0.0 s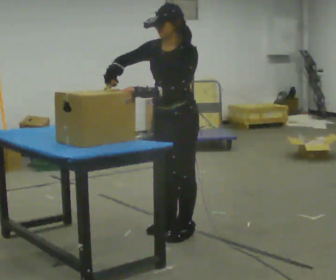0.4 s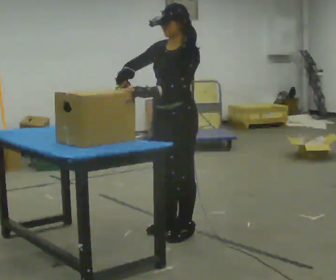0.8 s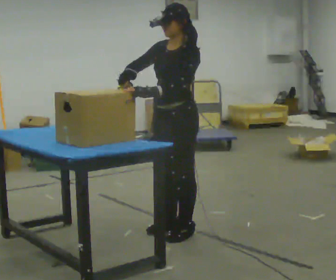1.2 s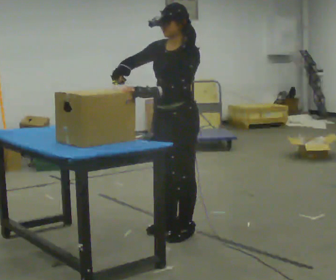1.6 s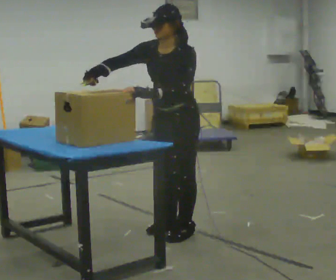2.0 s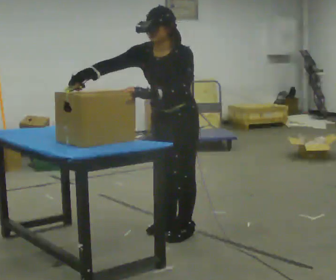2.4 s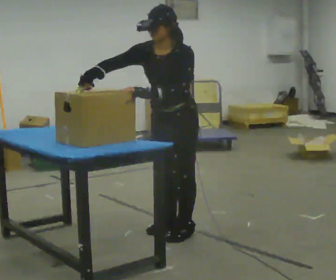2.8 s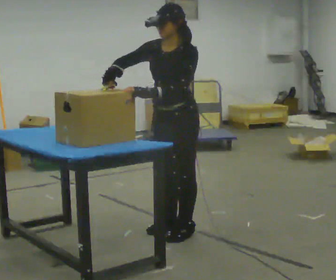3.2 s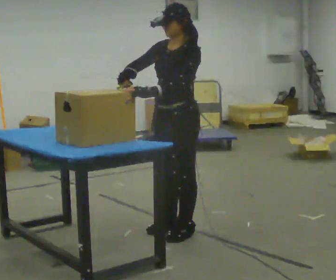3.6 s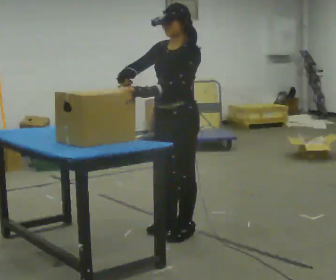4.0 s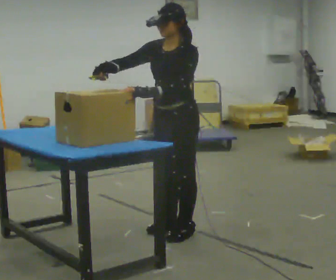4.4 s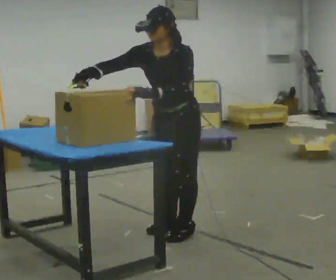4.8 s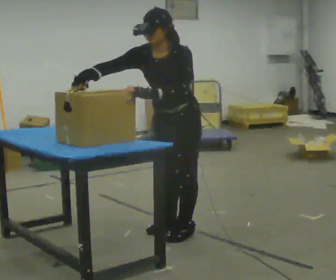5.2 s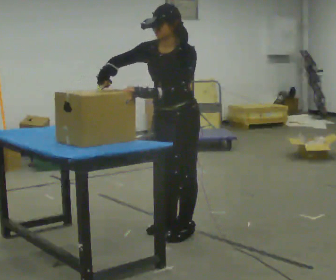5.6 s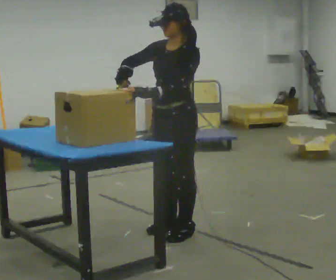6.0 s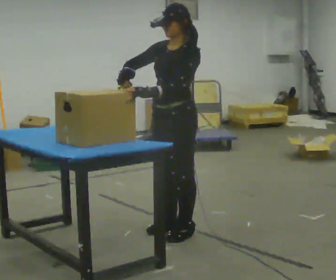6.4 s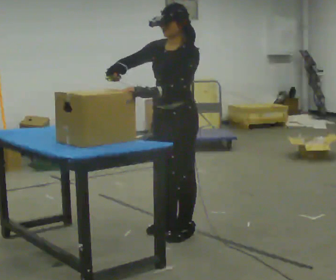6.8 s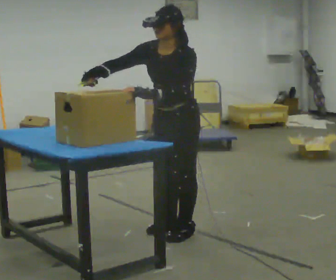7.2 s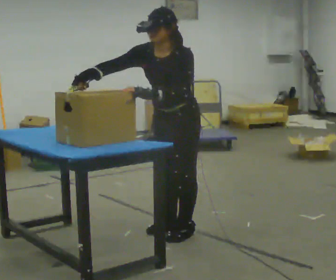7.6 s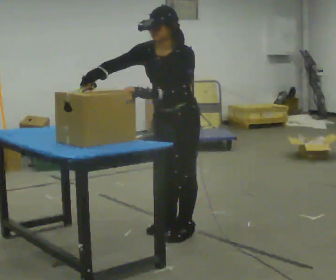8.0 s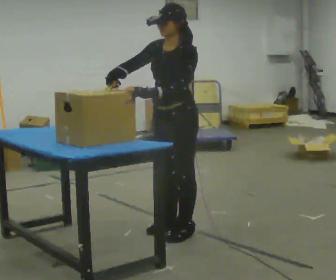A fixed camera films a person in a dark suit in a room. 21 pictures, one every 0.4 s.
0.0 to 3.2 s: The person moves a little, or ends about where they began.
3.2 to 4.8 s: The upper body tips toward the camera, its near side rolling downward, as they bend forward.
4.8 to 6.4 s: The upper body tips away from the camera, its near side rolling upward, as they lean back or straighten.
6.4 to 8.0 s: The person moves a little, or ends about where they began.
The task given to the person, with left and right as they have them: Use the blunt tool to cut along the marked line on the block. Repeat at your own pace until the operator says stop. Keep both feet on the marked spots for the whole take. If you have to step, stop and tell the operator.
The film runs forward here.
